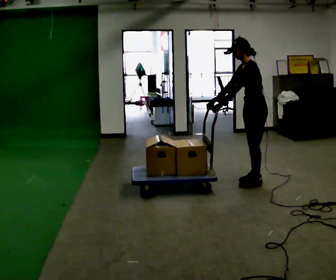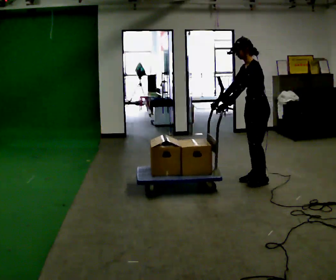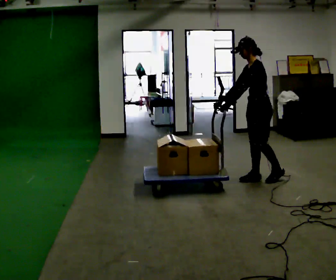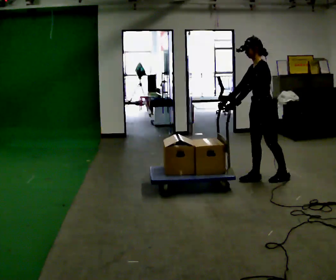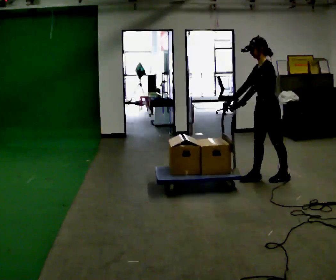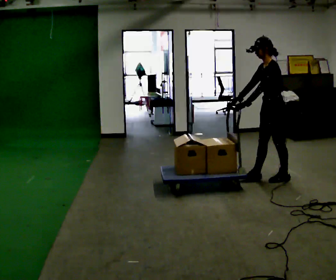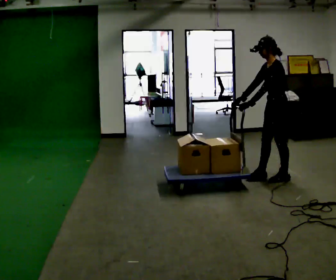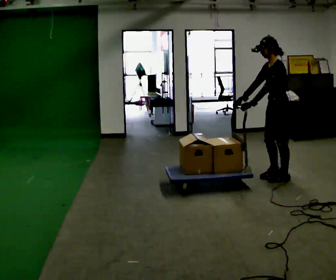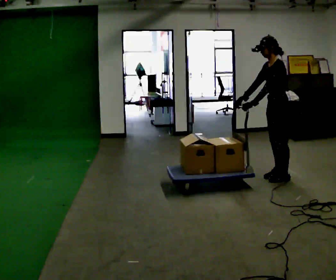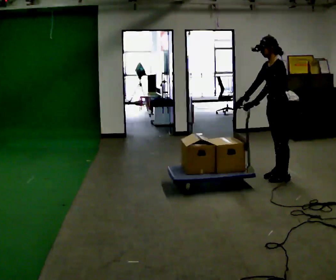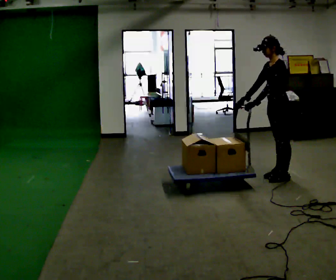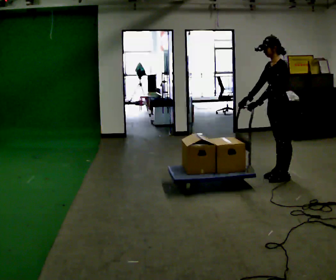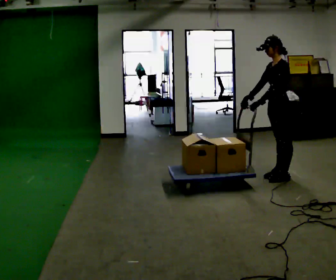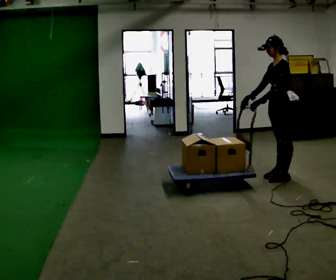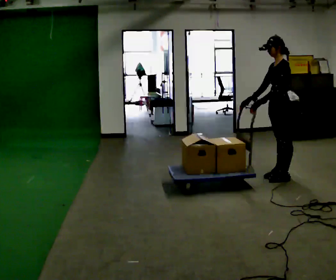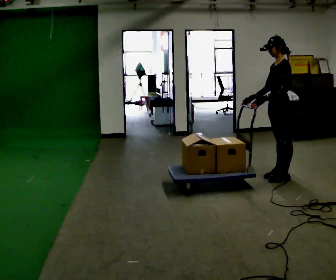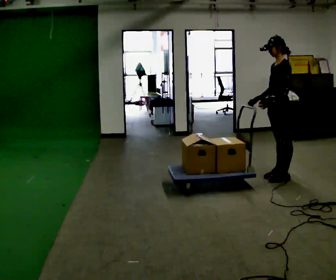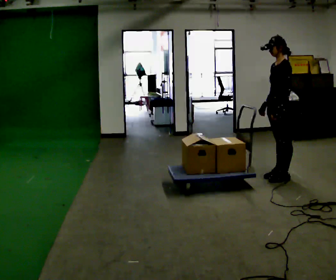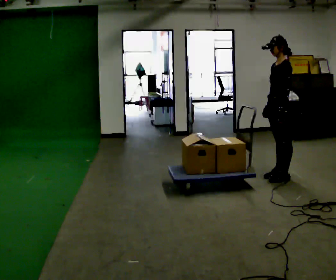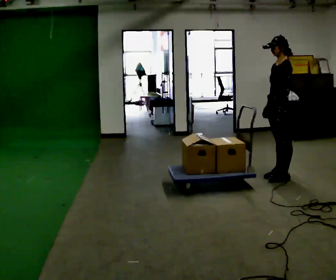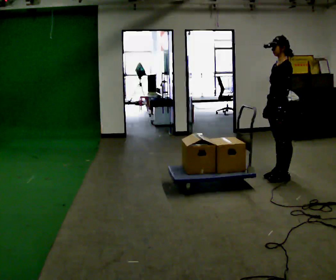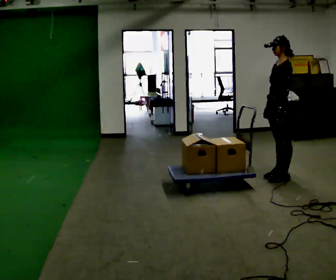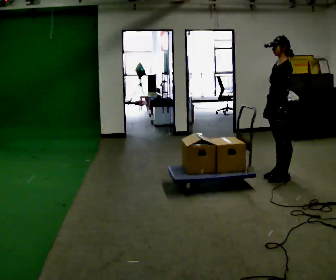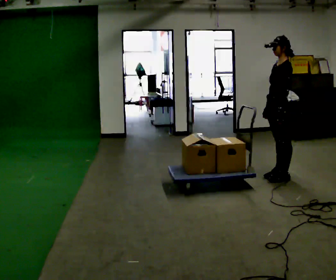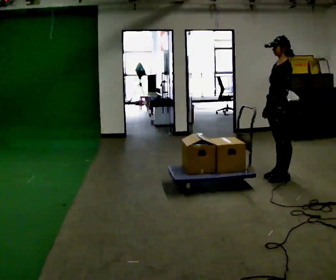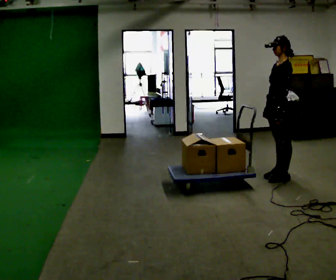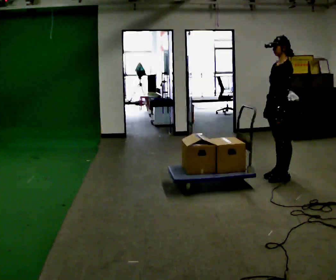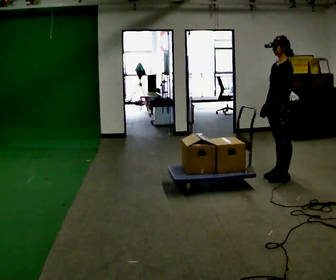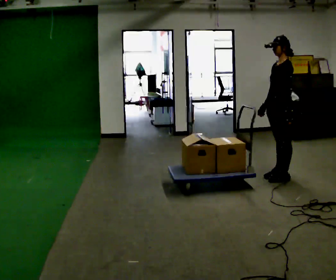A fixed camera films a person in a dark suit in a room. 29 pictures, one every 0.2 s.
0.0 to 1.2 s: In the picture they go to the right, about 0.25 m in 2 steps, which for them is backward.
1.2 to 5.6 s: In the picture the upper body tilts clockwise, shoulders to the right, as they lean back or straighten. In the picture their left hand goes to the right.
The film runs backward here.
